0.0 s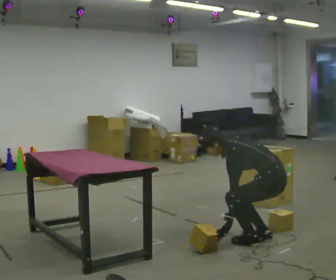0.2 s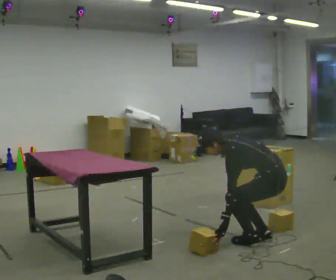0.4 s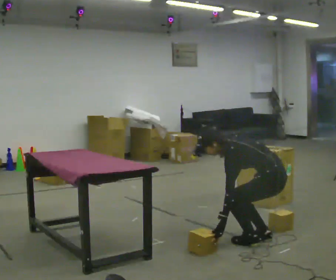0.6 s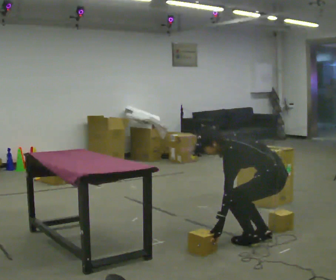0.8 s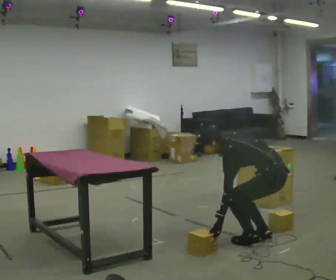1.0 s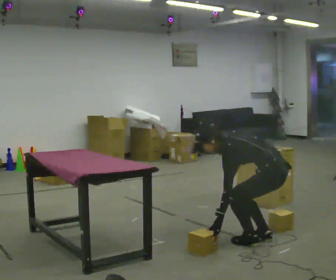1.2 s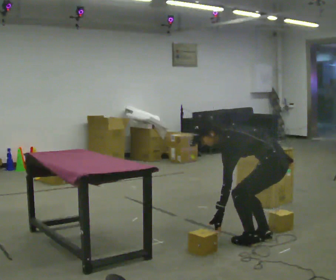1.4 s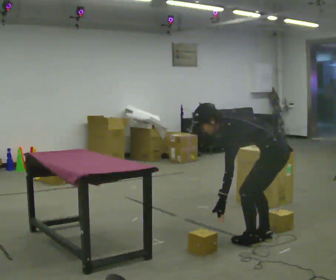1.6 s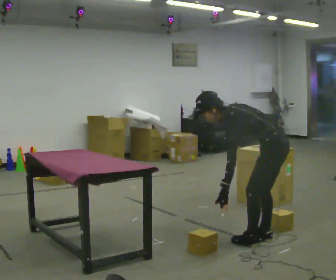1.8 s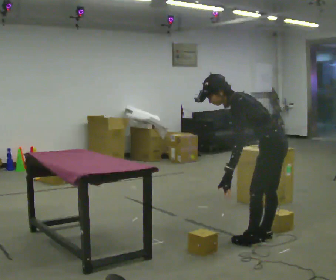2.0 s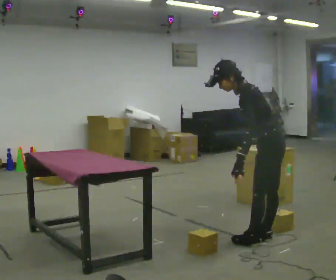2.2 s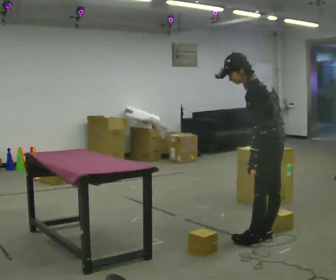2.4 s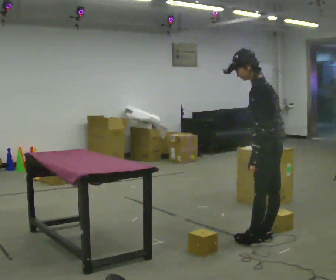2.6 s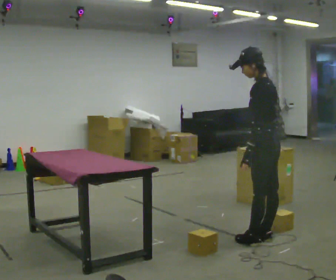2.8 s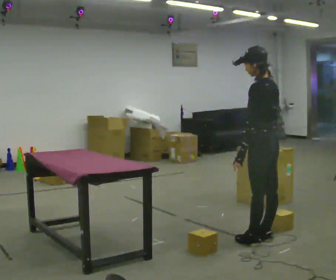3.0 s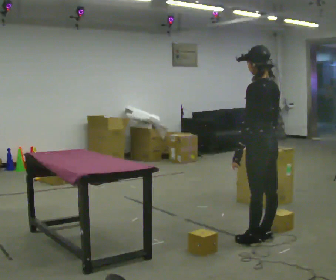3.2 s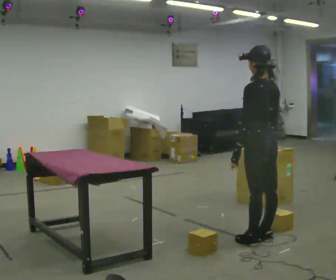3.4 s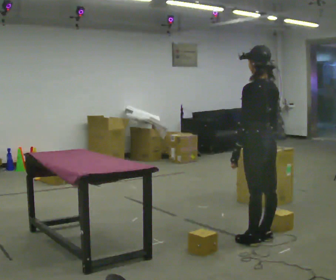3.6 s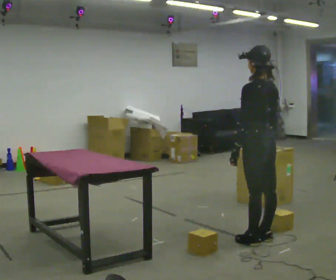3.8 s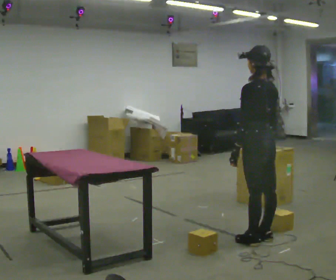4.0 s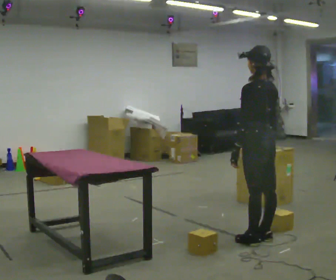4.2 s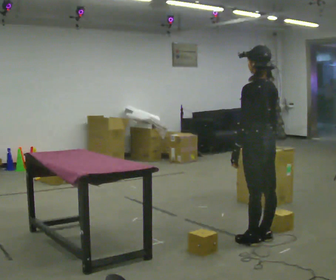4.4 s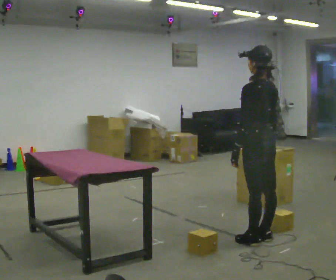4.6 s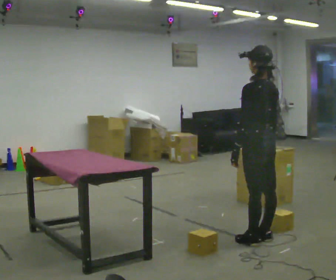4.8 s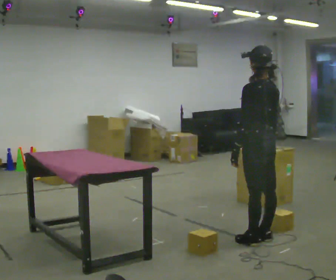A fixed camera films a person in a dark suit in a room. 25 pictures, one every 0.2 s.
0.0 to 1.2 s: The person moves a little, or ends about where they began.
1.2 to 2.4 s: The shoulders move upward. In the picture the upper body tilts clockwise, shoulders to the right, as they lean back or straighten.
2.4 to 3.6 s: Seen from above the body turns clockwise, about 30 degrees: to their right, with its near side sliding to the left.
3.6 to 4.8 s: The person moves a little, or ends about where they began.
The film runs backward here.
